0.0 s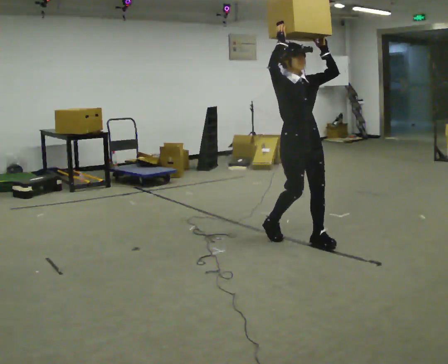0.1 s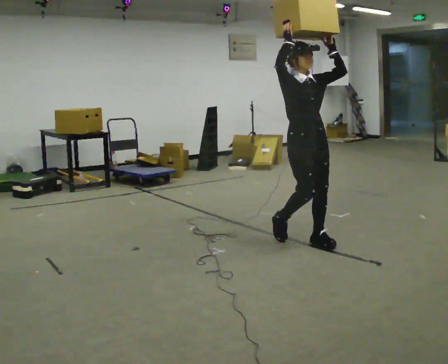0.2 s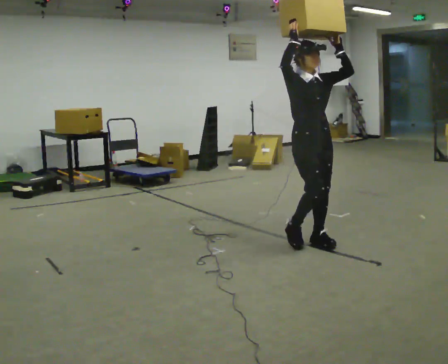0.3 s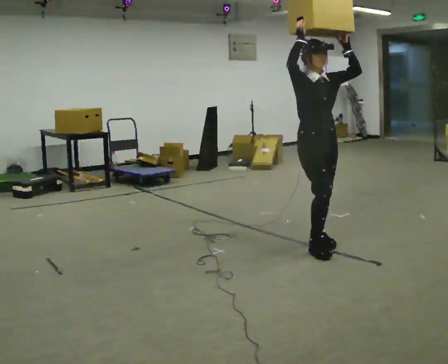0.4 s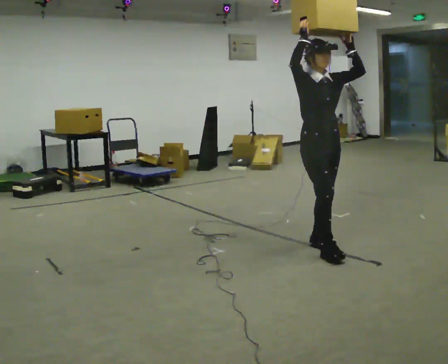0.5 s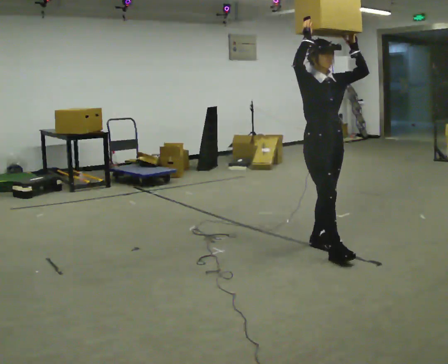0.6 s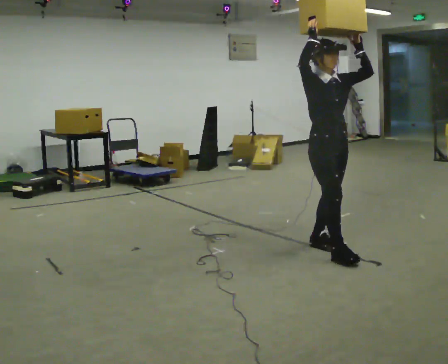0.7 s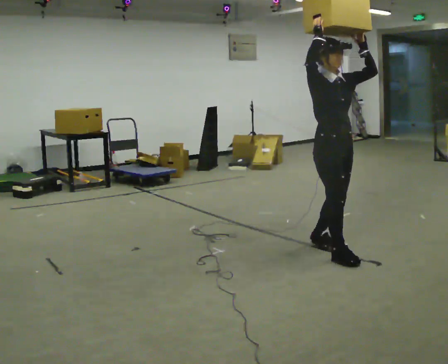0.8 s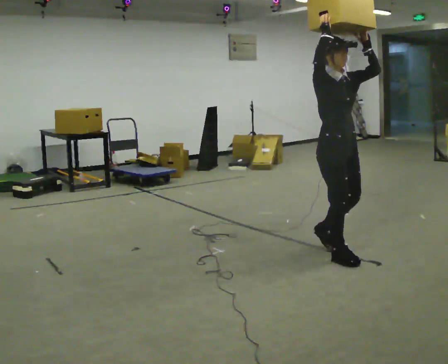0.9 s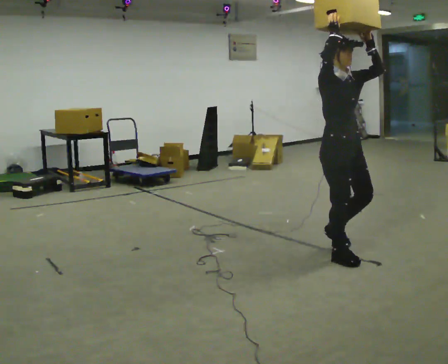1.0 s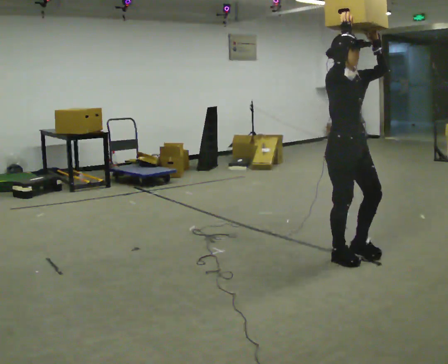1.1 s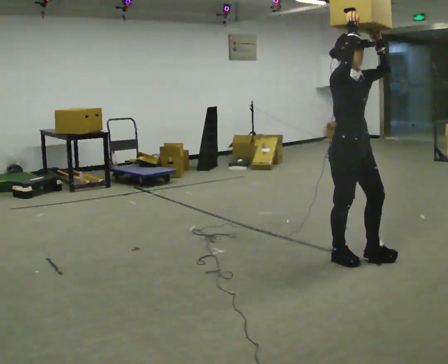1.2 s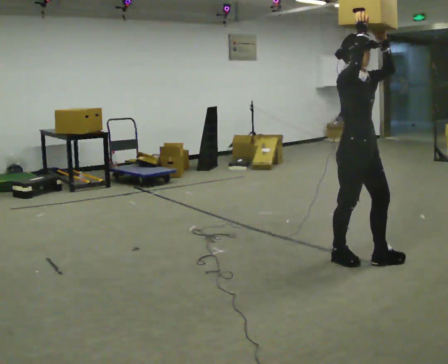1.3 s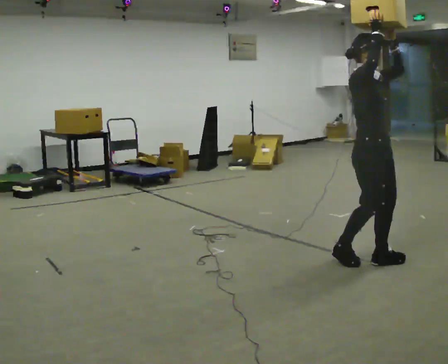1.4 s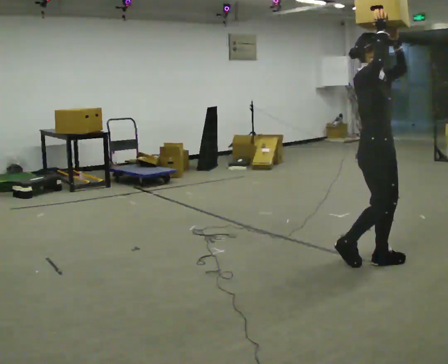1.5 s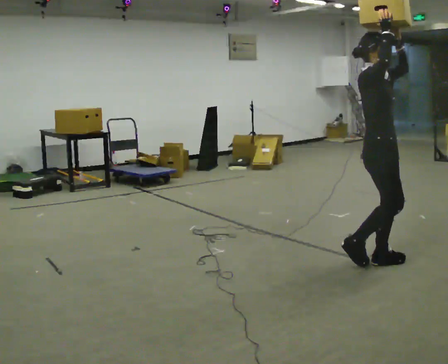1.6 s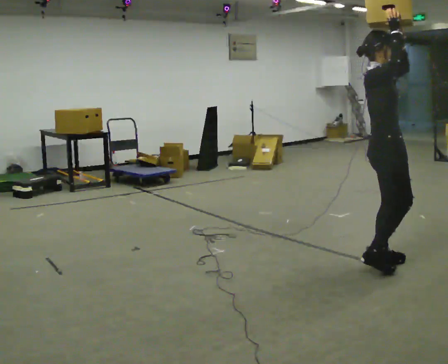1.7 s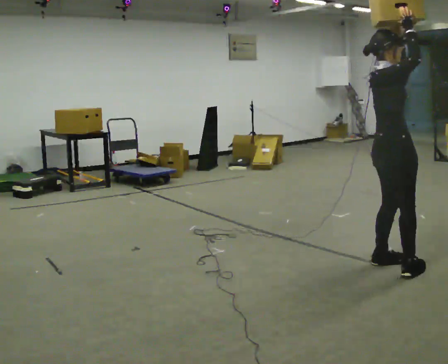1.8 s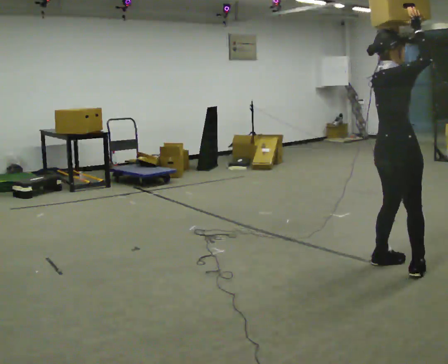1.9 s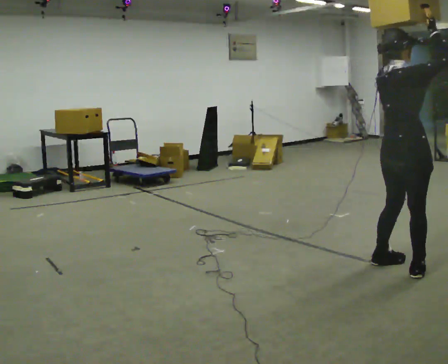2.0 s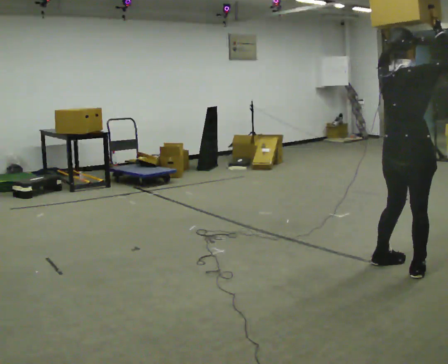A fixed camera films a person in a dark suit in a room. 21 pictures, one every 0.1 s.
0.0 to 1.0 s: In the picture they go toward the camera and to the right, about 0.5 m in 1 step, which for them is forward.
1.0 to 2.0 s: Seen from above the body turns counterclockwise, about 75 degrees: to their left, with its near side sliding to the right. In the picture they go to the right and toward the camera, about 0.5 m in 2 steps.
The film runs forward here.
